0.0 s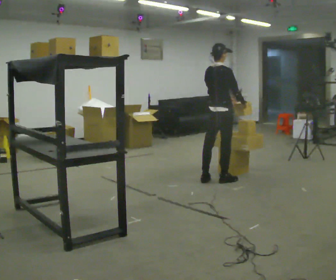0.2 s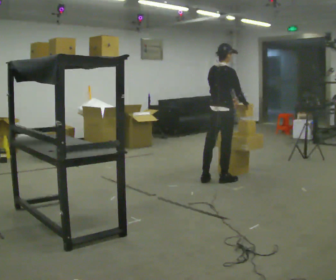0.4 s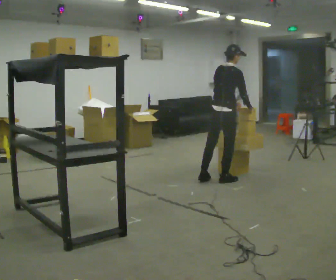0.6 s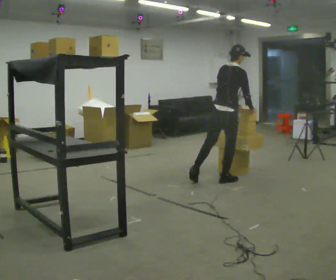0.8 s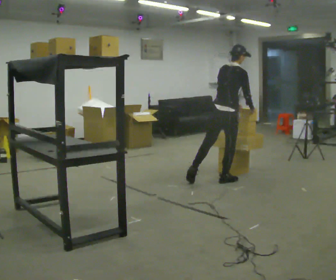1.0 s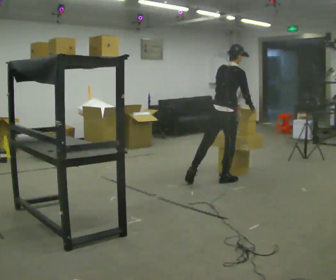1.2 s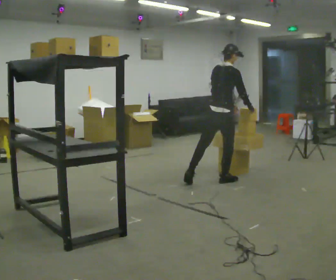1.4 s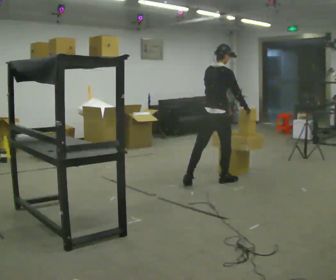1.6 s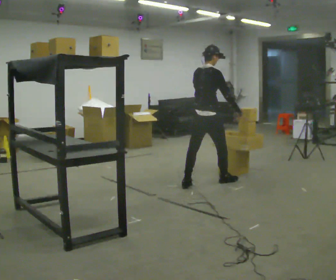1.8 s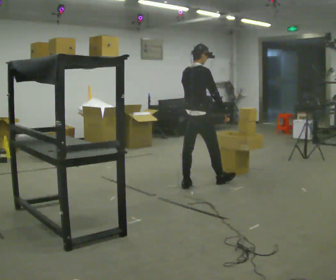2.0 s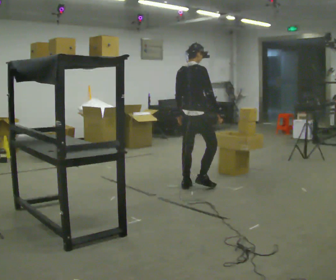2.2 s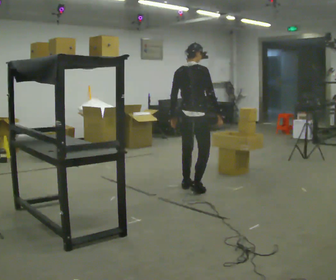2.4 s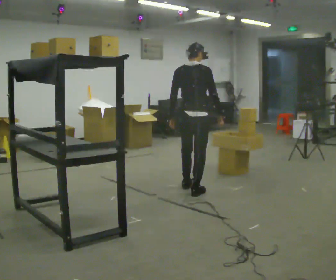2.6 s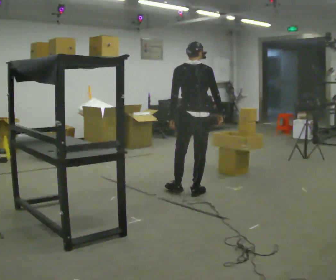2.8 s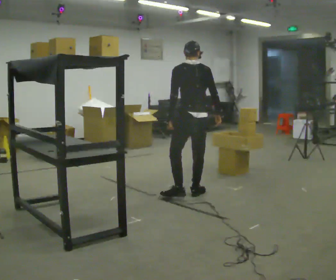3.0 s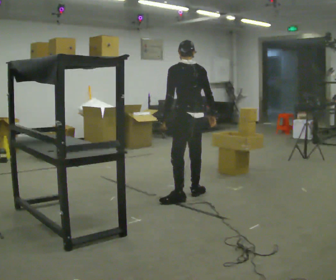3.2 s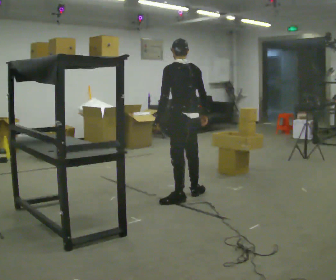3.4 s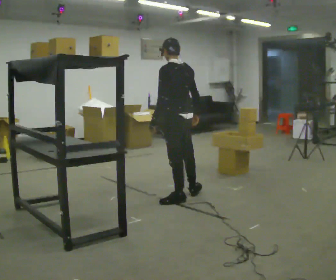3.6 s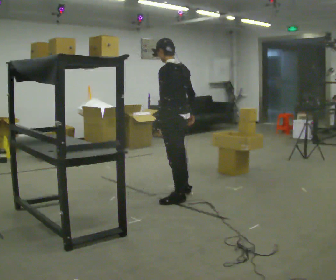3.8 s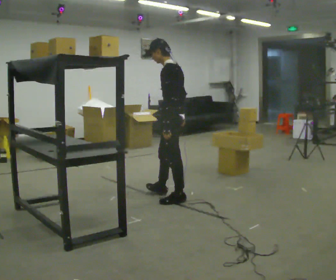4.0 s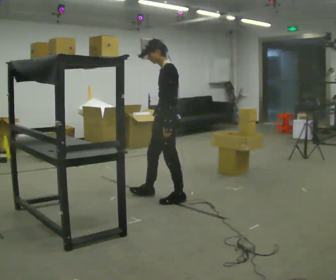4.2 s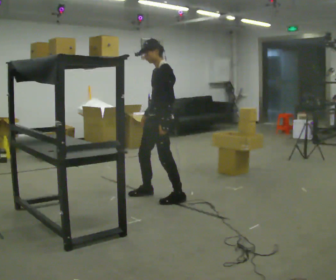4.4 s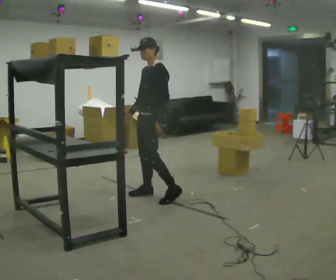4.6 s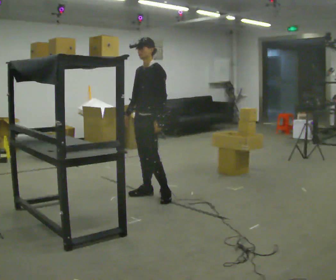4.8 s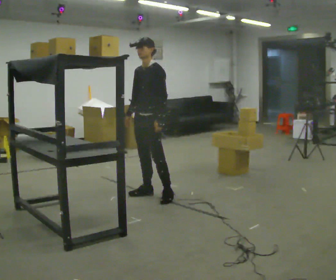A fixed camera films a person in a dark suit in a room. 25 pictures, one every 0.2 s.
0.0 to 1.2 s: The person moves a little, or ends about where they began.
1.2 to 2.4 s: The person turns about 30 degrees to their left, counterclockwise seen from above, so the part of the body nearest the lens slides to the right. In the picture they go to the left and toward the camera, about 0.5 m in 1 step, which for them is backward.
2.4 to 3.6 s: Seen from above the body turns counterclockwise, about 75 degrees: to their left, with its near side sliding to the right. In the picture they go toward the camera and to the left, about 0.5 m in 2 steps.
3.6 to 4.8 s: Seen from above the body turns counterclockwise, about 75 degrees: to their left, with its near side sliding to the right. In the picture they go to the left and away from the camera, about 0.25 m in 1 step.
The film runs backward here.
